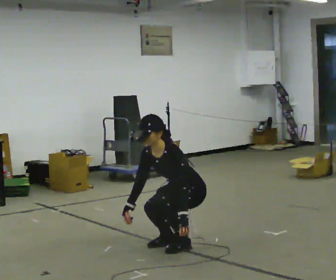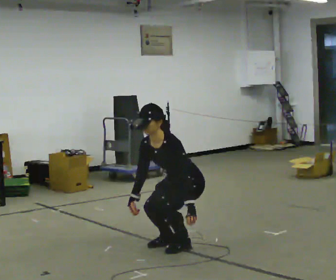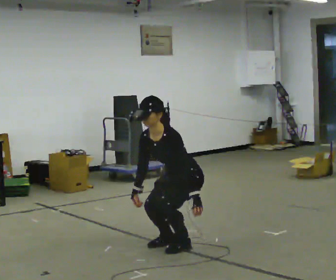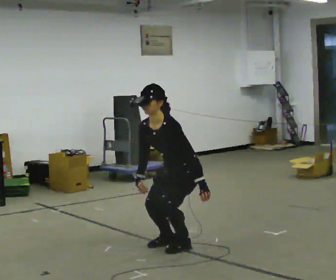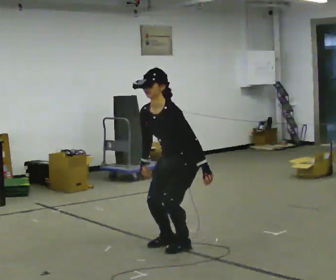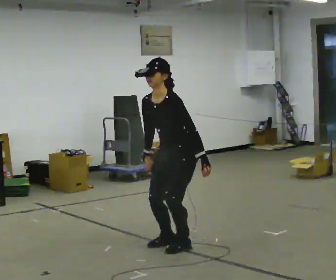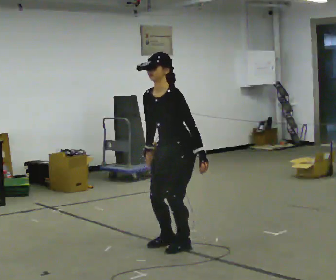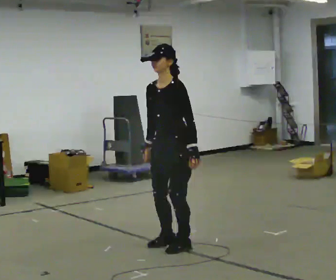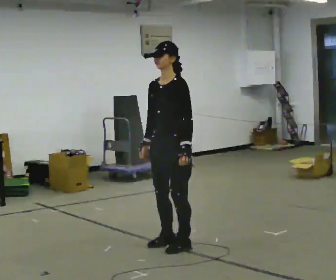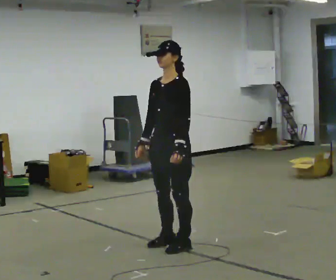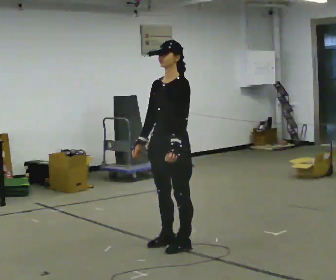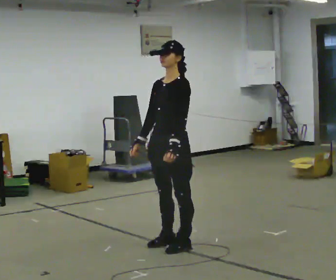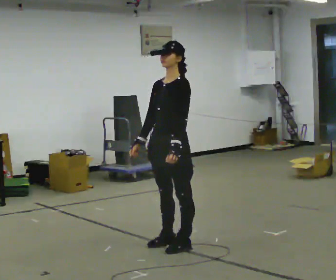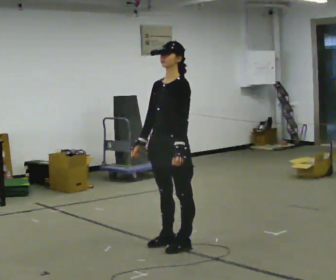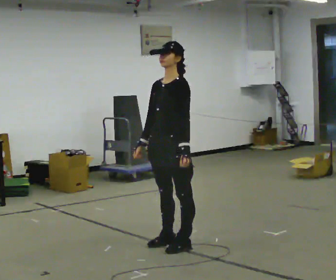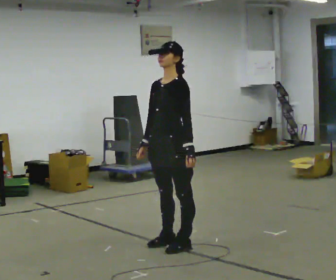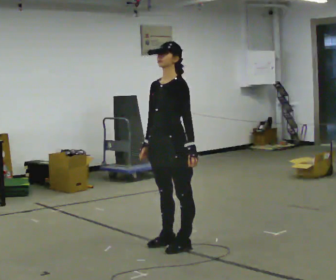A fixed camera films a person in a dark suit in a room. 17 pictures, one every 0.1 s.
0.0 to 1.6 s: The upper body goes upward. In the picture the upper body tilts clockwise, shoulders to the right, as they lean back or straighten. In the picture their right hand goes upward.
The film runs forward here.
